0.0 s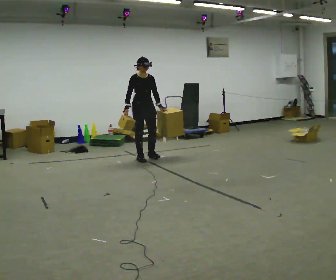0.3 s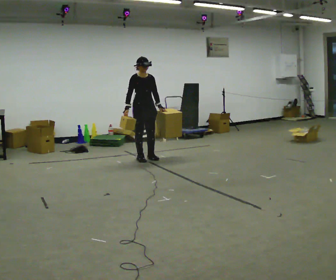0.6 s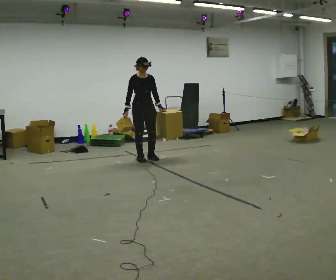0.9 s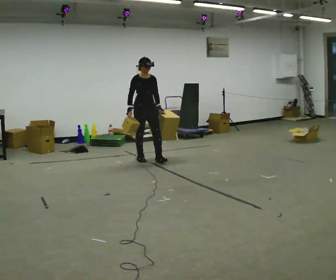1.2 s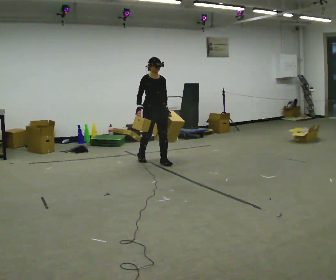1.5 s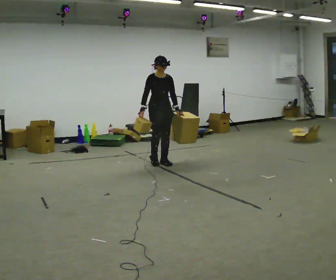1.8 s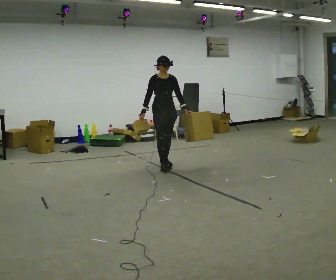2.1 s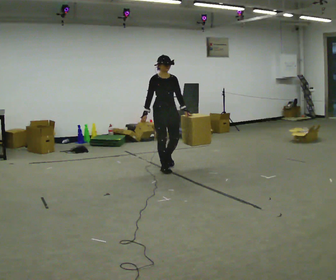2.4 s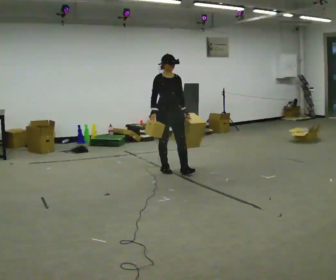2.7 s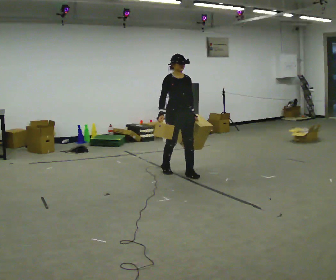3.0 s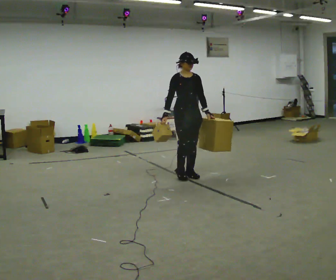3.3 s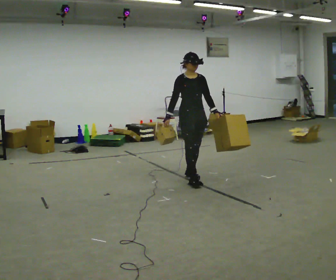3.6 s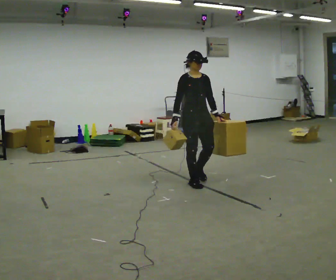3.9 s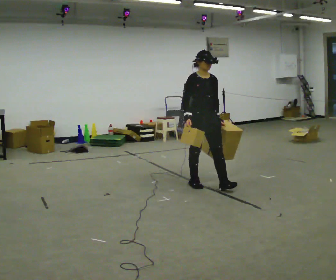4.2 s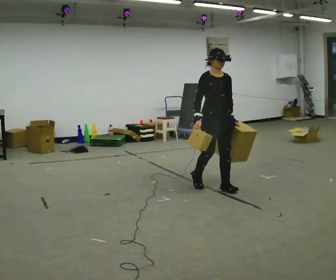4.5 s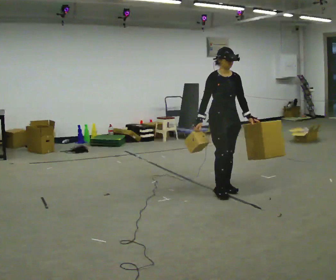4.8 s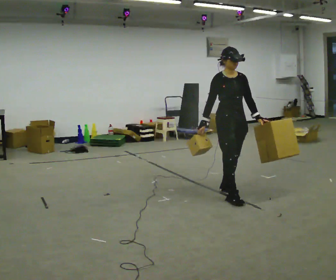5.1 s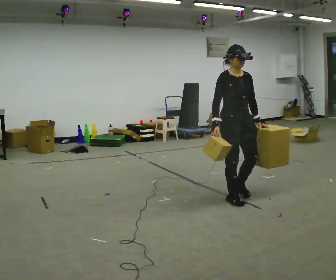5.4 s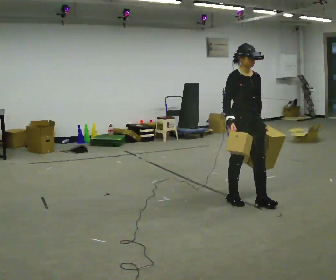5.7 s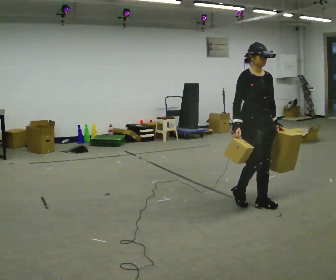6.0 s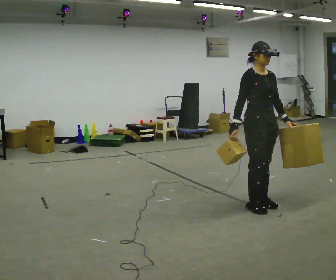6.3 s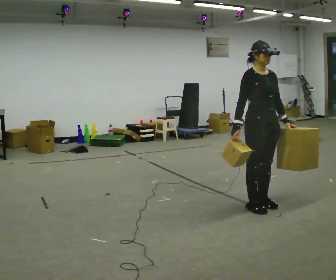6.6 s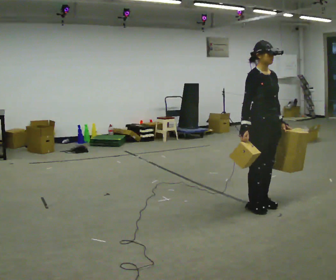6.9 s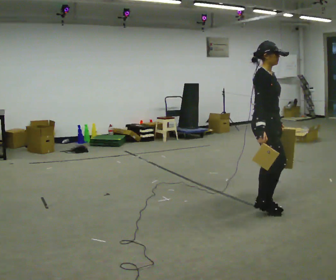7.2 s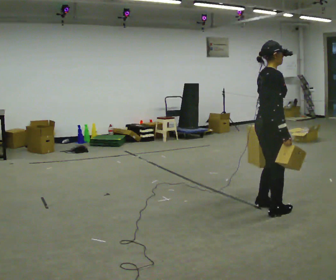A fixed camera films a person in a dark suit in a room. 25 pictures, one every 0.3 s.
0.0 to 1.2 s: In the picture they go toward the camera and to the right, about 0.25 m in 2 steps, which for them is forward.
1.2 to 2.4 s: In the picture they go toward the camera and to the right, about 0.5 m in 1 step, which for them is forward.
2.4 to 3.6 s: In the picture they go toward the camera and to the right, about 0.5 m in 2 steps, which for them is forward.
3.6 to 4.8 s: In the picture they go toward the camera and to the right, about 0.75 m in 2 steps, which for them is forward.
4.8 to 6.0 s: In the picture they go toward the camera and to the right, about 0.5 m in 2 steps, which for them is forward.
6.0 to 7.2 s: The person turns about 60 degrees to their left, counterclockwise seen from above, so the part of the body nearest the lens slides to the right. In the picture they go toward the camera, about 0.25 m in 1 step. In the picture their right hand goes to the right.
The film runs forward here.
